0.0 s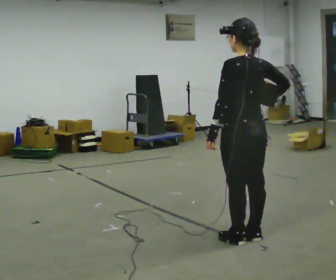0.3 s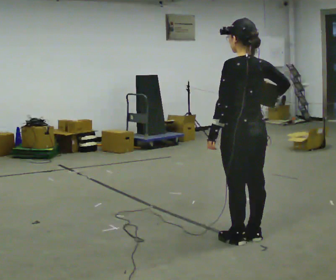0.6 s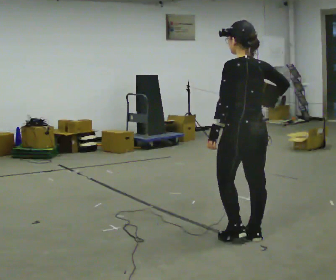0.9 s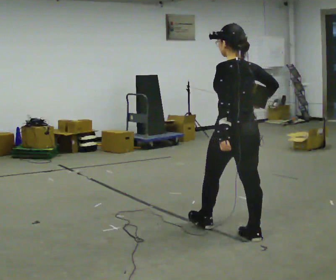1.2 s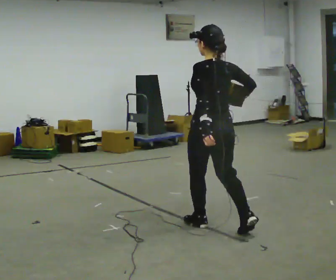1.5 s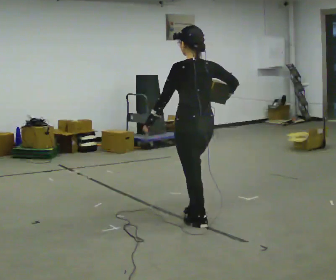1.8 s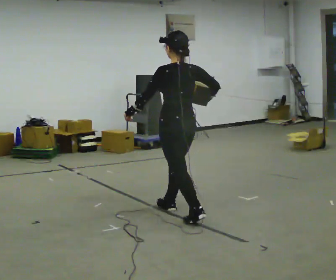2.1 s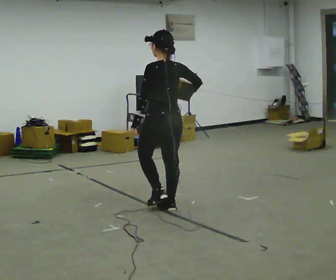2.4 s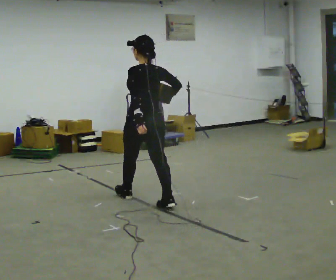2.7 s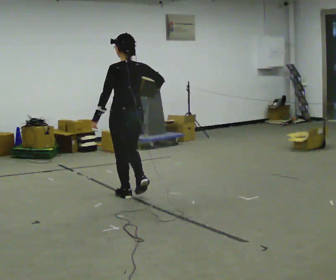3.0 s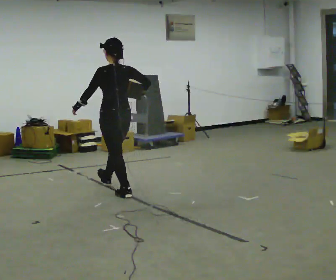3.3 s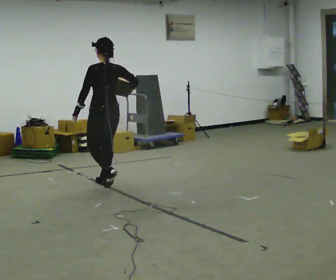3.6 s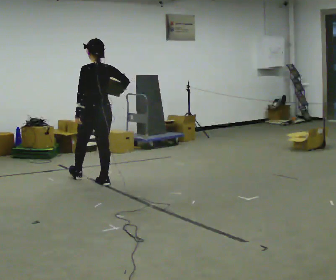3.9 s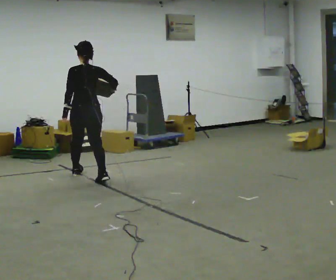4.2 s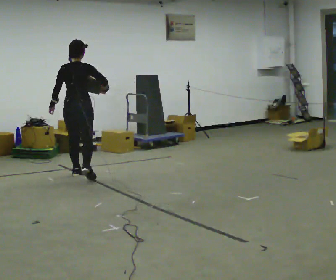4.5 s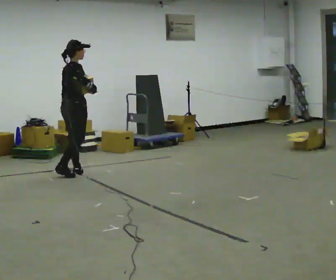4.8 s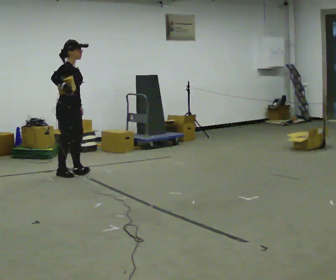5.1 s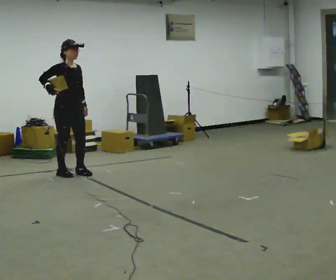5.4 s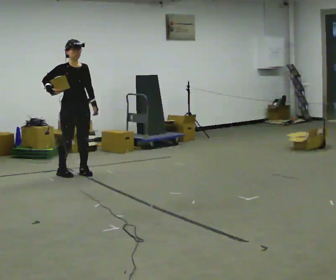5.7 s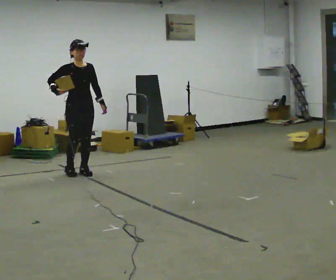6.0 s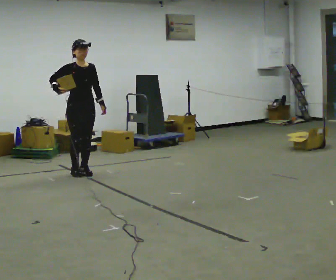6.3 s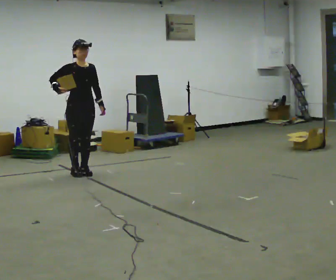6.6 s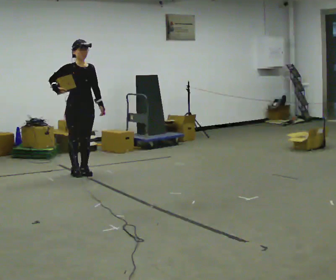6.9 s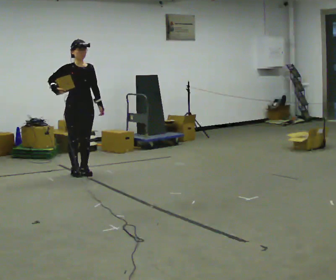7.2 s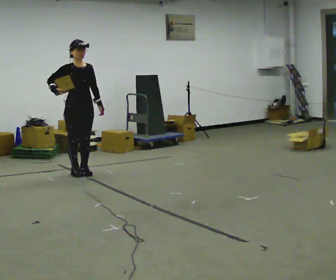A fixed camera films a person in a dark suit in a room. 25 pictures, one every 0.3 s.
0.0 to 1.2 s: In the picture they go away from the camera and to the left, about 0.25 m in 1 step, which for them is forward.
1.2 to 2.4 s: In the picture they go away from the camera and to the left, about 1 m in 1 step, which for them is forward.
2.4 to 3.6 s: In the picture they go away from the camera and to the left, about 1 m in 2 steps, which for them is forward.
3.6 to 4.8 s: The person turns about 135 degrees to their right, clockwise seen from above, so the part of the body nearest the lens slides to the left. In the picture they go to the left and away from the camera, about 0.5 m in 2 steps.
4.8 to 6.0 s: The person turns about 45 degrees to their right, clockwise seen from above, so the part of the body nearest the lens slides to the left.
6.0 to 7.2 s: The person moves a little, or ends about where they began.
The film runs forward here.
